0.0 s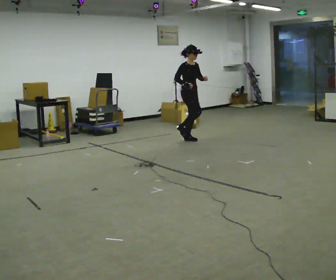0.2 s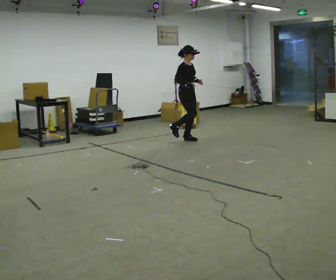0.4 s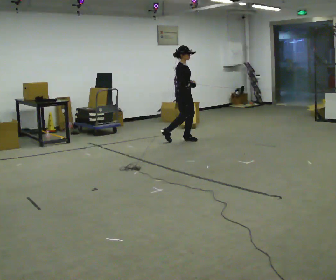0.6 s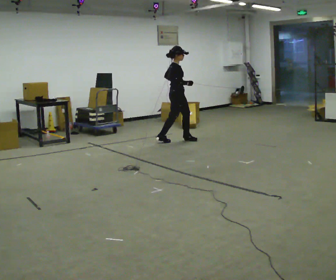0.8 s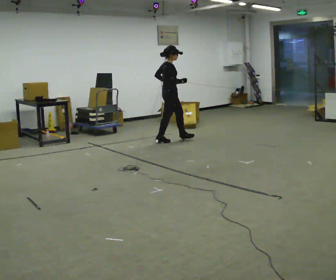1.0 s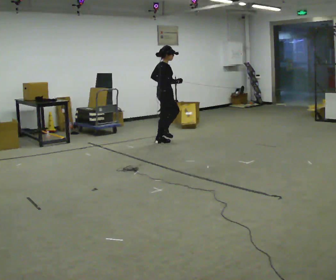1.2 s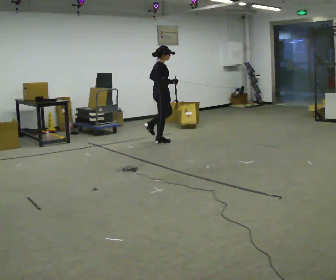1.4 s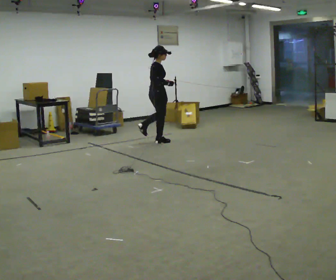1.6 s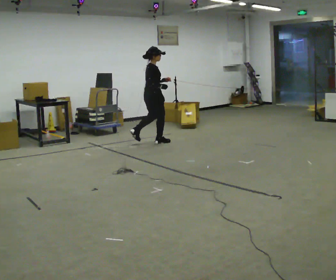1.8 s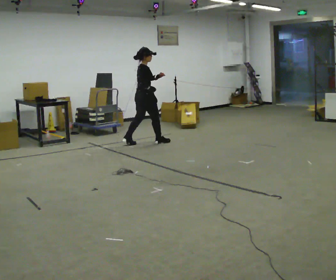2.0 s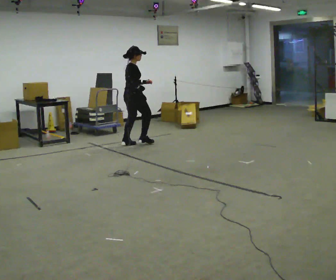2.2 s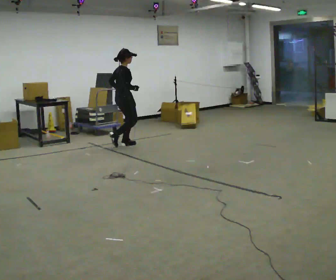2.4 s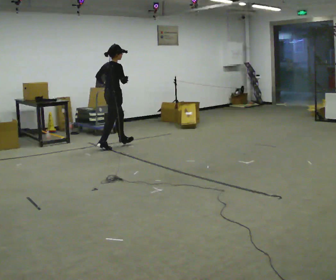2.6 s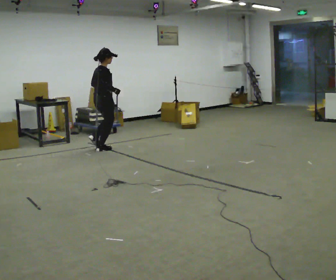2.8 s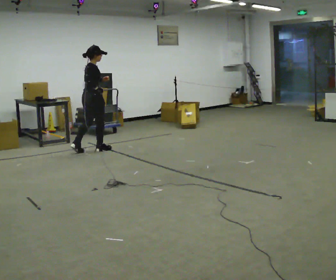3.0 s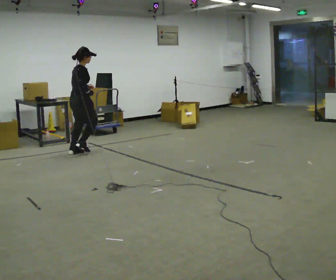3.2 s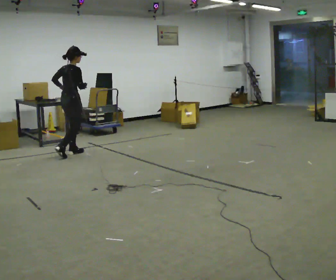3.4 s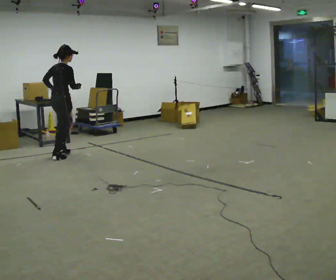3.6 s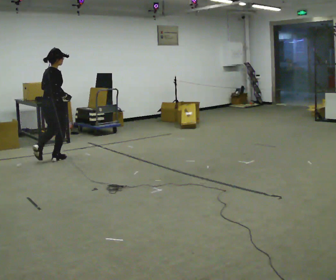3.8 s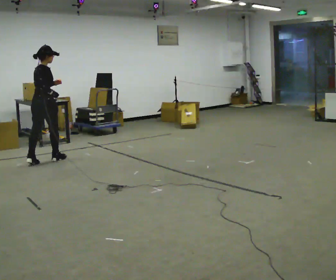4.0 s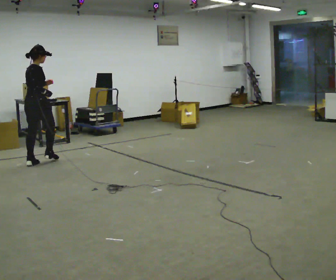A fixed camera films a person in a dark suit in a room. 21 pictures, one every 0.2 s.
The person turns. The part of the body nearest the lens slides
to the right.
The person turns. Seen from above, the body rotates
counterclockwise.
0.0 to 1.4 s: The person turns about 60 degrees to their left, counterclockwise seen from above, so the part of the body nearest the lens slides to the right. In the picture they go to the left, about 0.5 m in 1 step, which for them is backward.
1.4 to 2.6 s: In the picture they go to the left and toward the camera, about 1 m in 2 steps, which for them is backward.
2.6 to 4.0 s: In the picture they go to the left and toward the camera, about 1 m in 3 steps, which for them is backward.
The film runs backward here.
